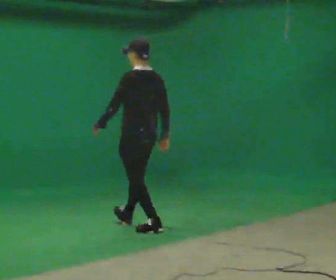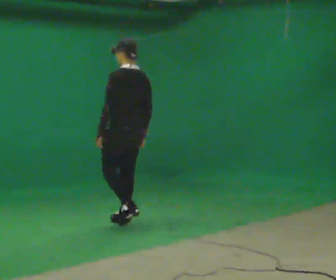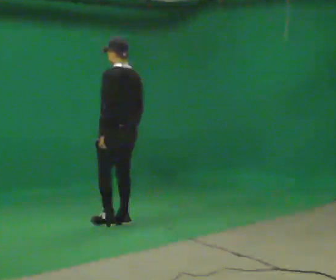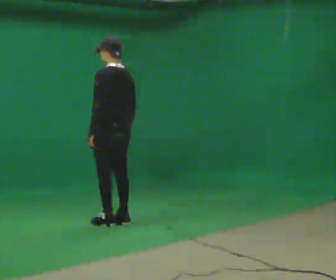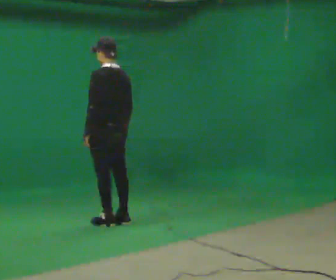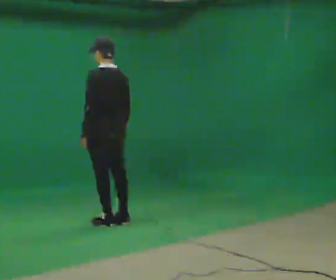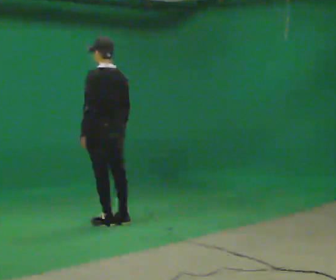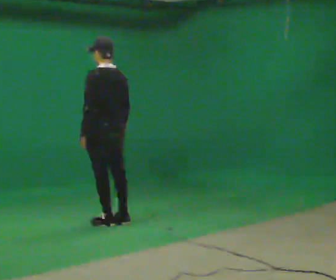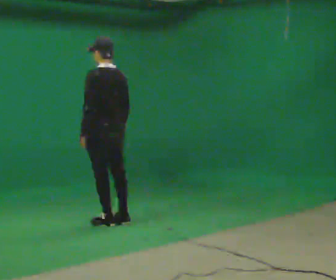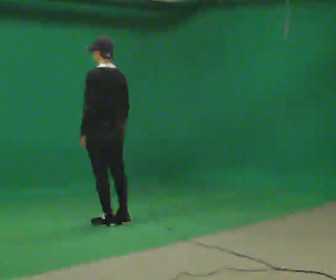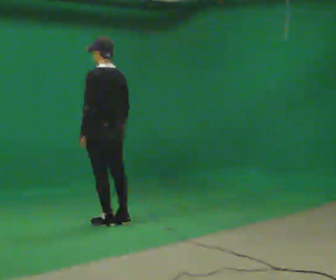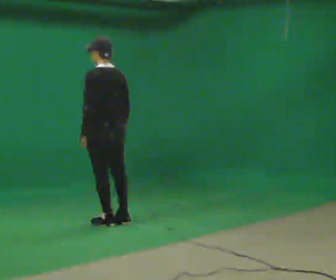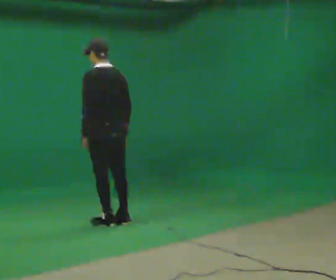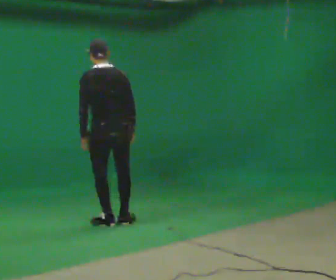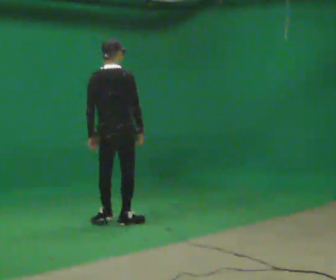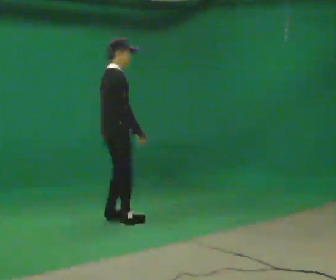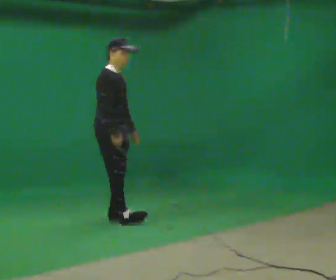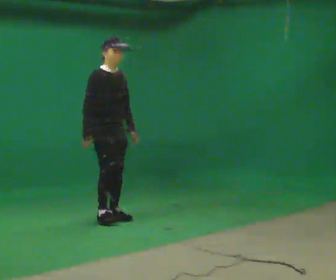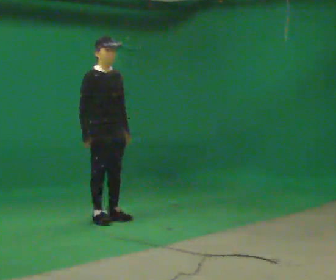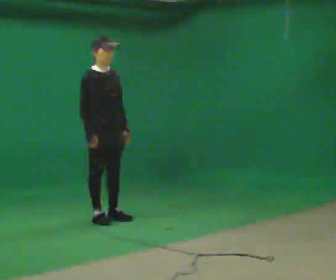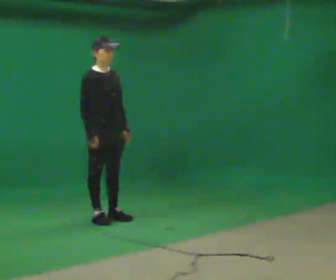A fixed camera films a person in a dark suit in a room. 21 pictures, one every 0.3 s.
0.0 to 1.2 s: In the picture they go to the left and away from the camera, about 0.25 m in 1 step, which for them is forward.
1.2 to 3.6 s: The person moves a little, or ends about where they began.
3.6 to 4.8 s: The part of the body nearest the lens slides to the left as the person turns to their right by about 150 degrees. In the picture they go away from the camera, about 0.25 m in 1 step. In the picture the upper body tilts clockwise, shoulders to the right.
4.8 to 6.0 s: The person moves a little, or ends about where they began.
The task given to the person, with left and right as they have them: Stand still 2 s; begin walking naturally; walk forward; stop.
The film runs forward here.
